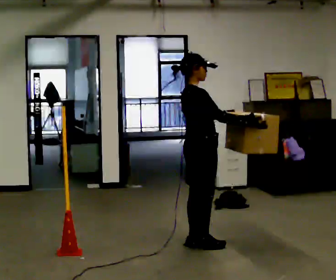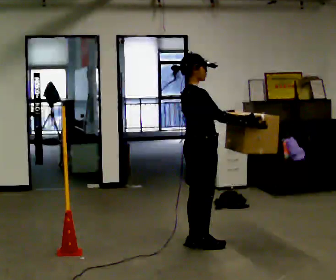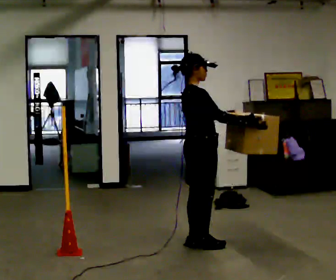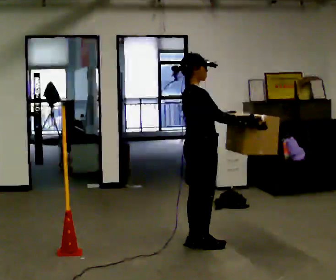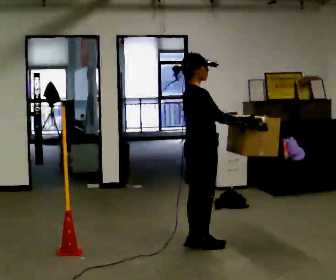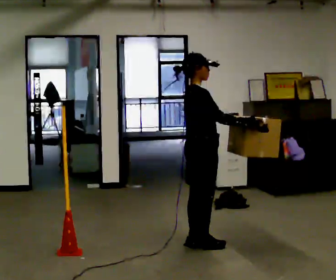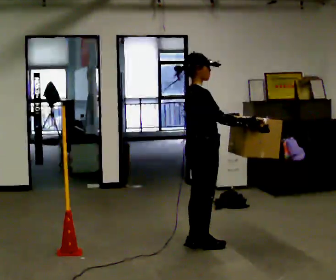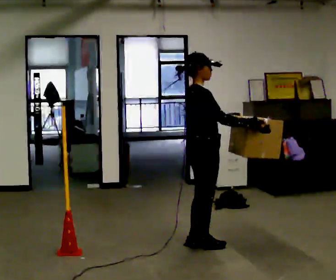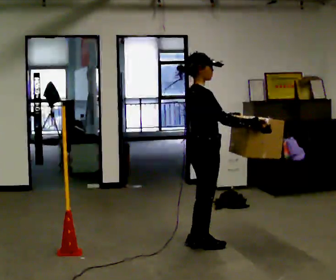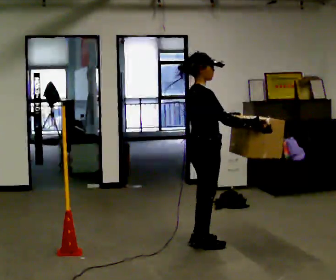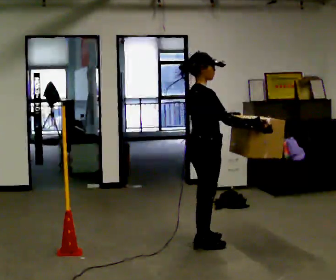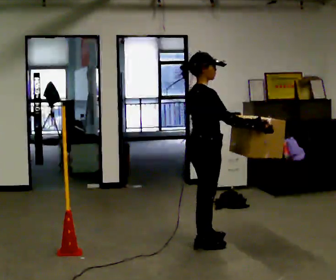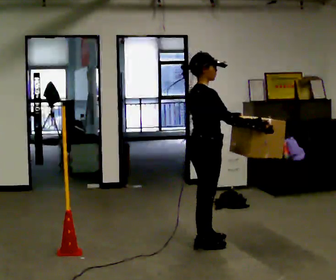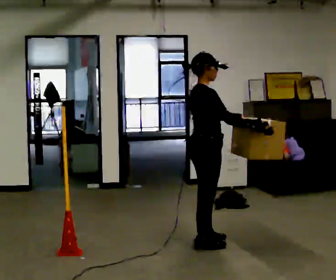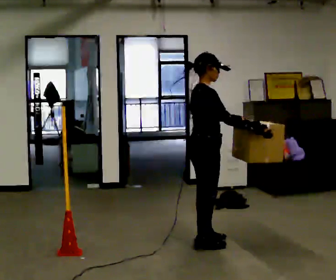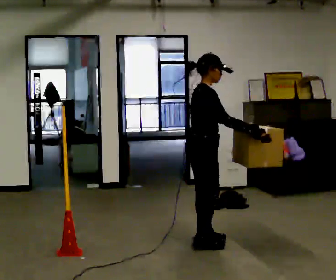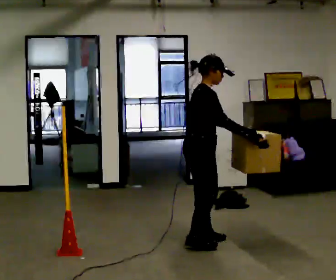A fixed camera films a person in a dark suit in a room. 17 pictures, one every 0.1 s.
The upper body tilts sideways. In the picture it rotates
clockwise.
0.0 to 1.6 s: In the picture the upper body tilts clockwise, shoulders to the right, as they bend forward.
The film runs forward here.
